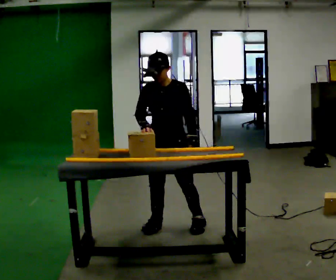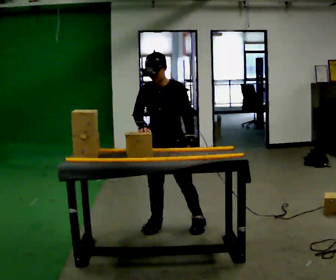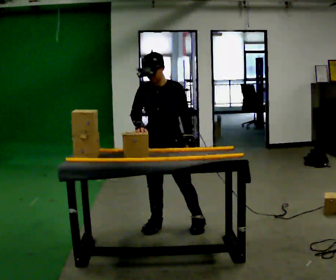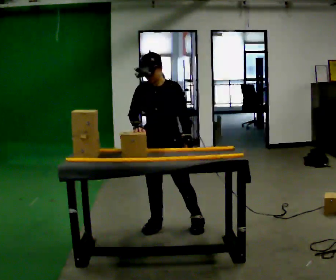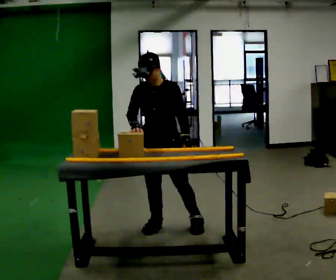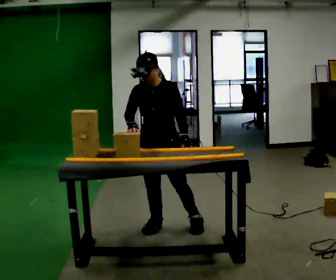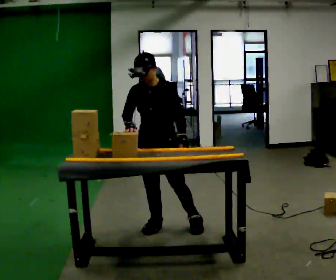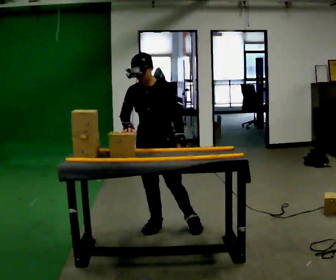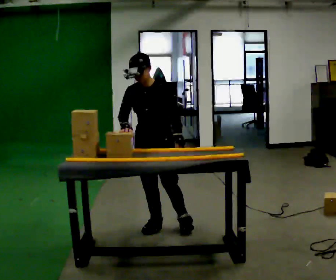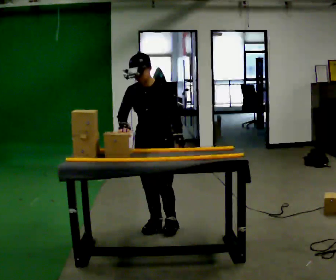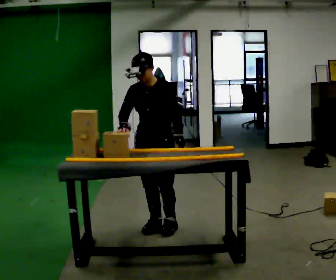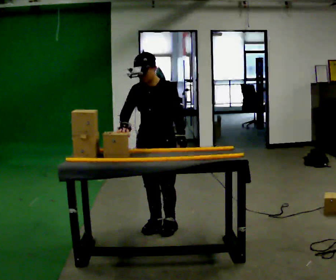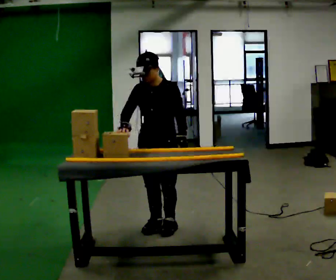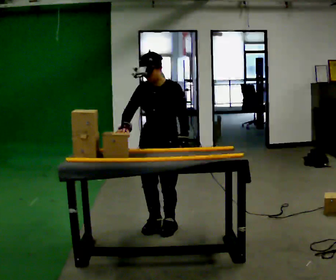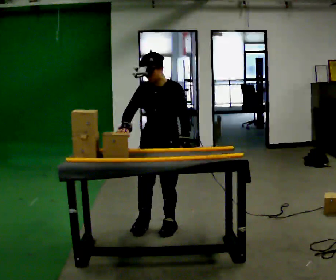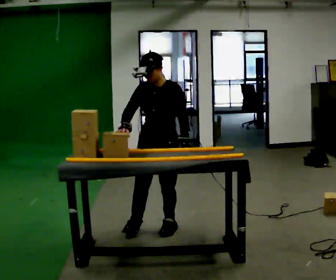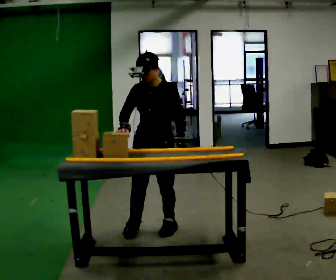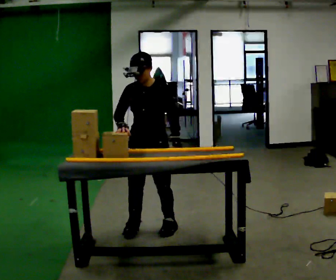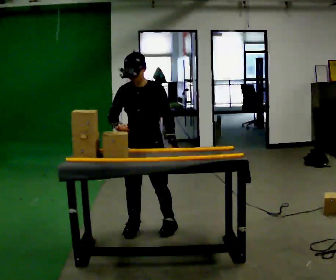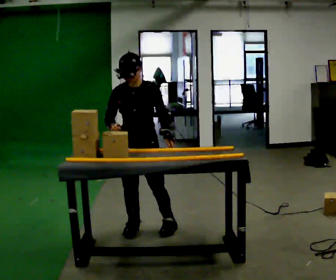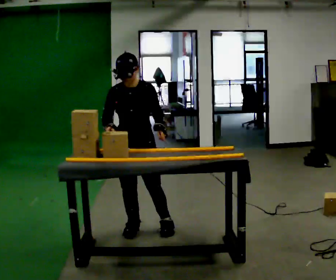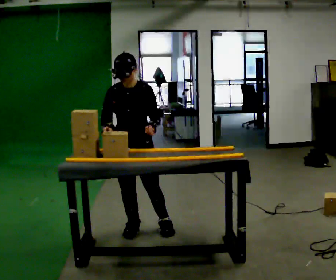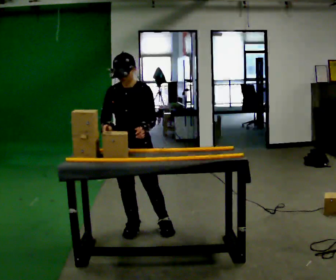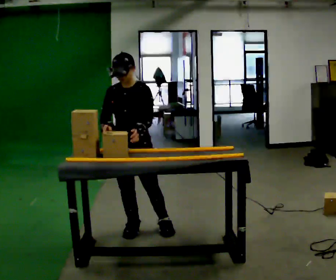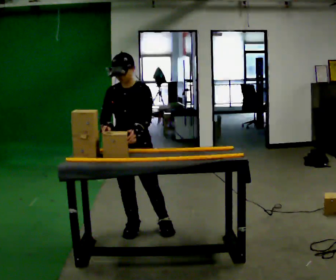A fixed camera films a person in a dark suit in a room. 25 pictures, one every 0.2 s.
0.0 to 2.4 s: The person moves a little, or ends about where they began.
2.4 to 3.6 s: In the picture they go to the left, about 0.25 m in 1 step, which for them is to their right.
3.6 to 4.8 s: The person moves a little, or ends about where they began.
The film runs forward here.
